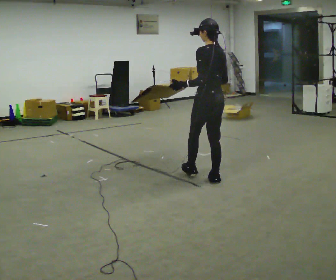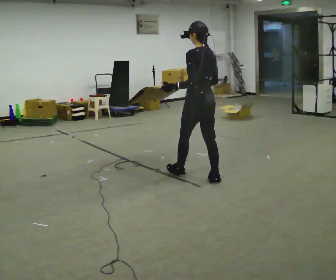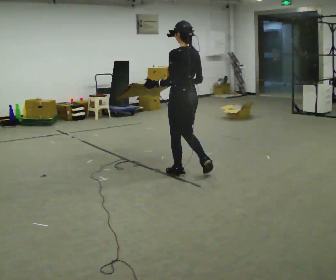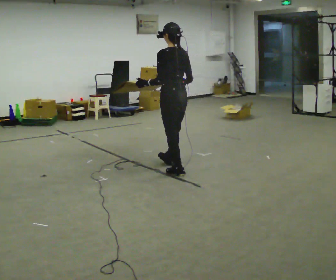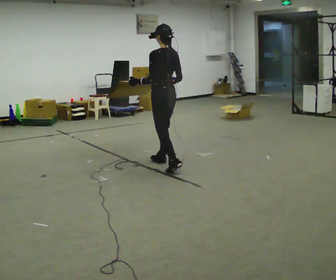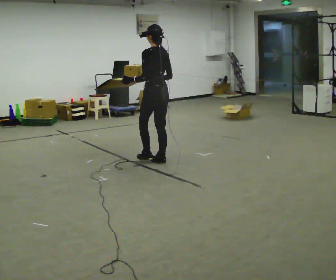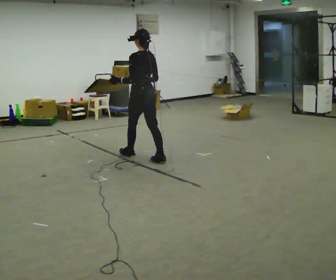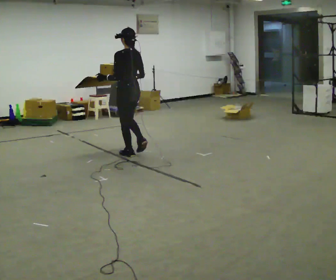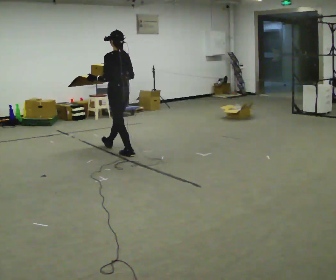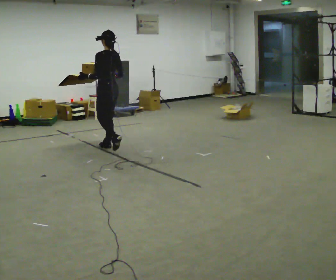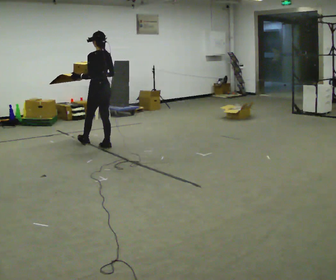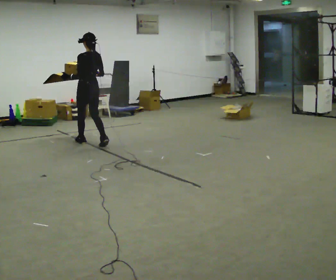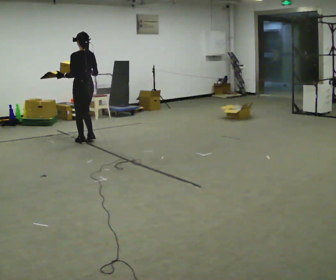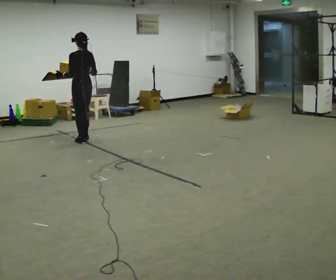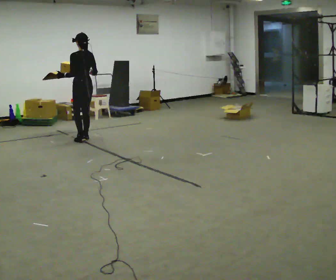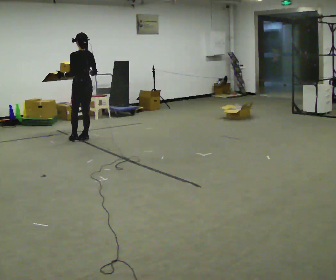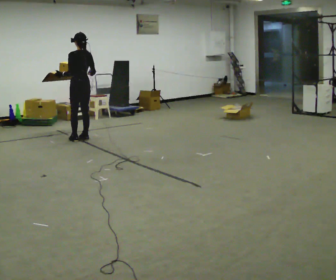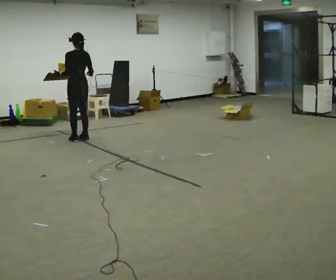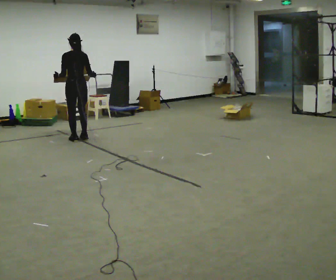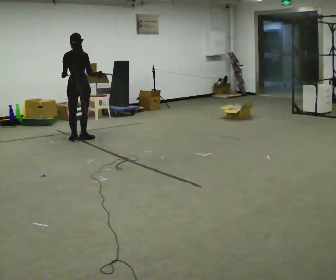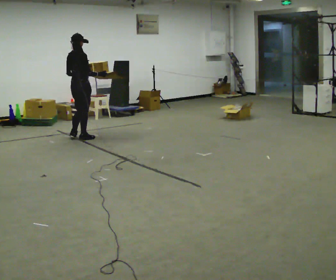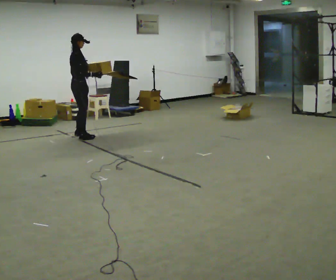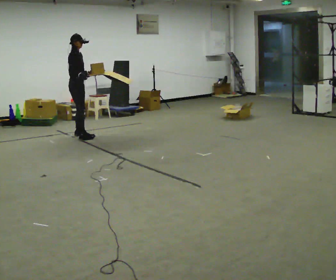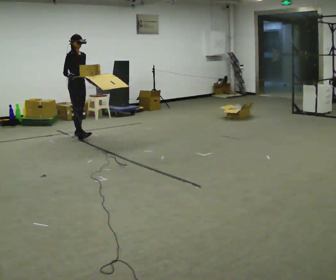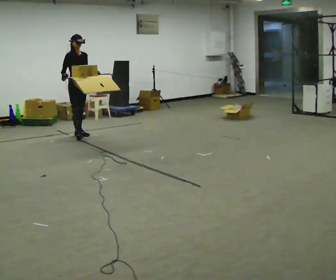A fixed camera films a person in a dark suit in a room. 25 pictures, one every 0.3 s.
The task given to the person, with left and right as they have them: Carry the loaded tray flat and level in both hands, walking back and forth across the room. Try not to let anything slide off.
0.0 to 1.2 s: In the picture they go away from the camera and to the left, about 0.5 m in 2 steps, which for them is forward.
1.2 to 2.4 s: In the picture they go away from the camera and to the left, about 1 m in 1 step, which for them is forward.
2.4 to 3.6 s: In the picture they go away from the camera and to the left, about 1 m in 2 steps, which for them is forward.
3.6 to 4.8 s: In the picture they go away from the camera, about 0.25 m in 2 steps, which for them is forward.
4.8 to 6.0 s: Seen from above the body turns clockwise, about 75 degrees: to their right, with its near side sliding to the left.
6.0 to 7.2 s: The part of the body nearest the lens slides to the left as the person turns to their right by about 90 degrees. In the picture they go away from the camera, about 0.25 m in 1 step.
The film runs forward here.
